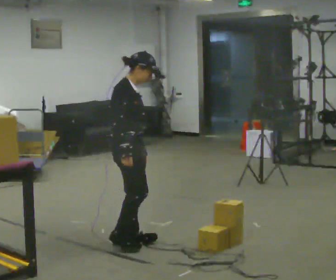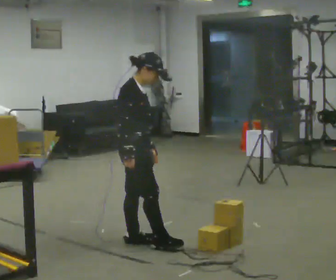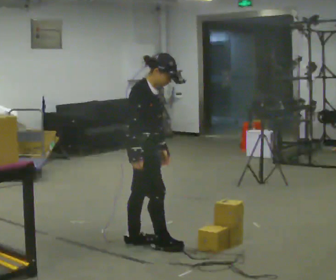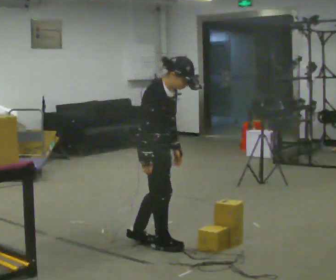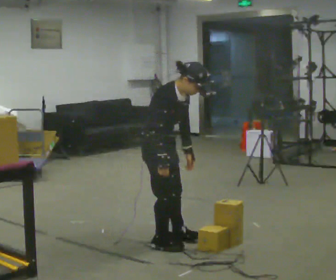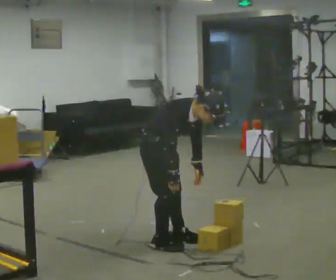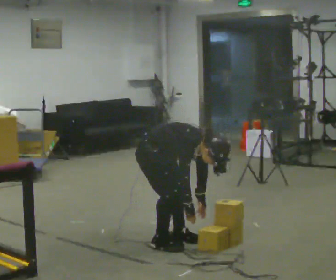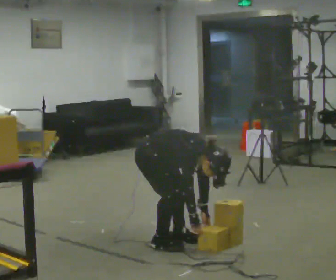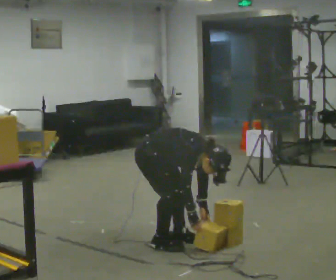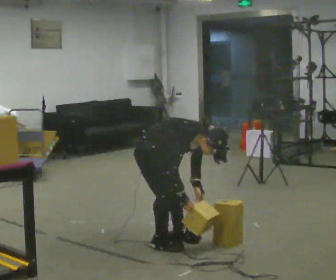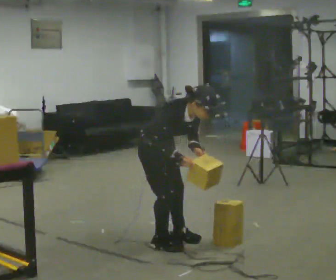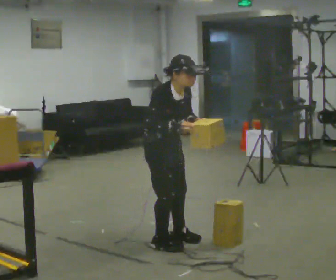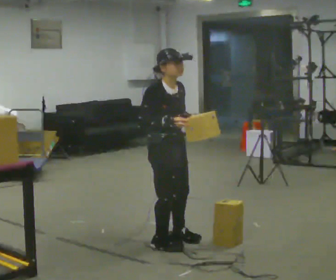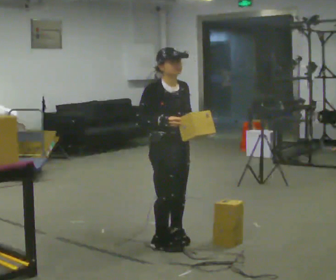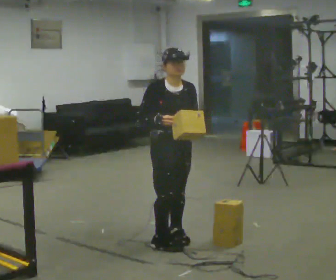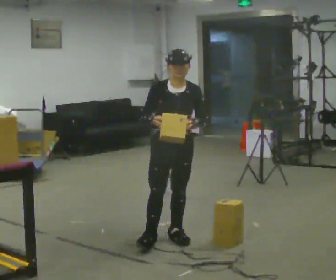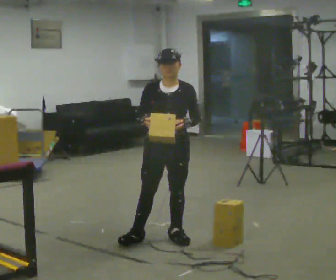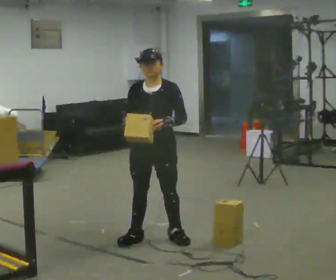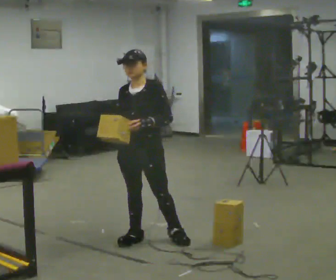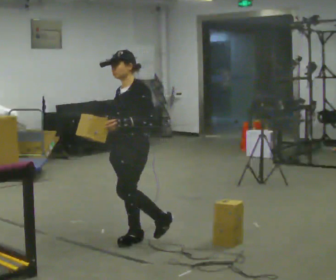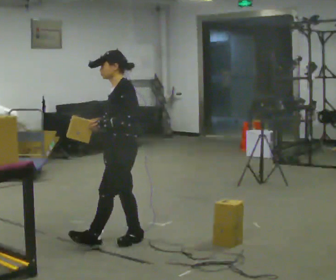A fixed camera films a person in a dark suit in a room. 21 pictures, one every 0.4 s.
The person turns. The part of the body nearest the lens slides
to the left.
The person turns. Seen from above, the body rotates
clockwise.
0.0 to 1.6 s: In the picture they go to the right, about 0.25 m in 2 steps, which for them is forward. The upper body tips toward the camera, its near side rolling downward, as they bend forward.
1.6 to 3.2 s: The upper body goes downward. In the picture the upper body tilts clockwise, shoulders to the right, as they bend forward. In the picture their right hand goes downward.
3.2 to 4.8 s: The shoulders move upward. In the picture the upper body tilts counterclockwise, shoulders to the left, as they lean back or straighten. In the picture their right hand goes upward.
4.8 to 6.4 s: Seen from above the body turns clockwise, about 60 degrees: to their right, with its near side sliding to the left.
6.4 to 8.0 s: Seen from above the body turns clockwise, about 75 degrees: to their right, with its near side sliding to the left. In the picture they go to the left, about 0.25 m.
The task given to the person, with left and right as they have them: Carry the object over and fit it into the gap between the two boxes already on the shelf, without touching either of them. Keep going until the operator says stop; one object at a time, and do not rush between trips.
The film runs forward here.
